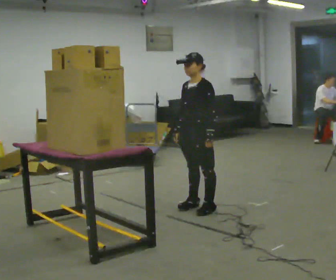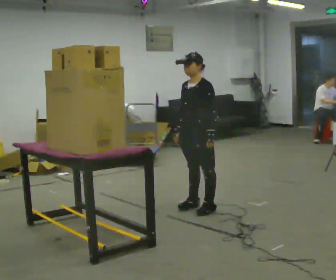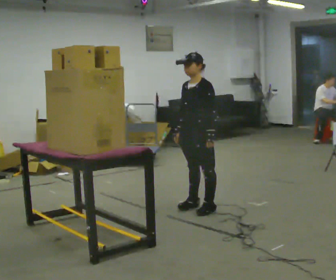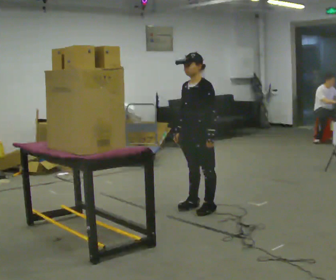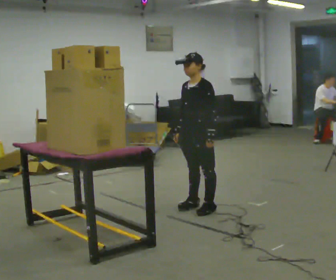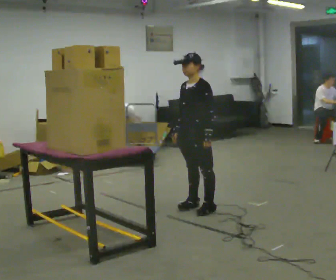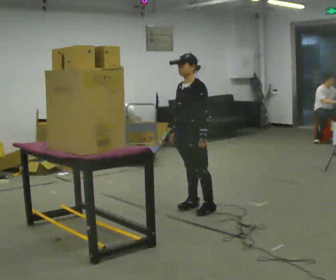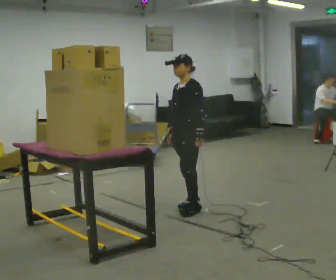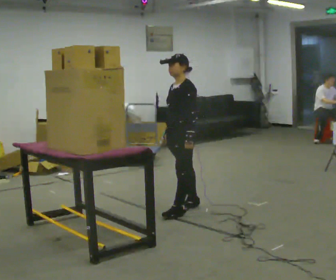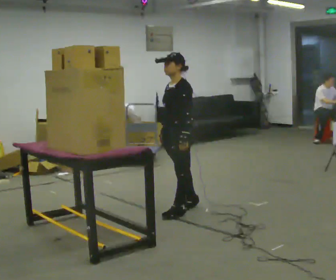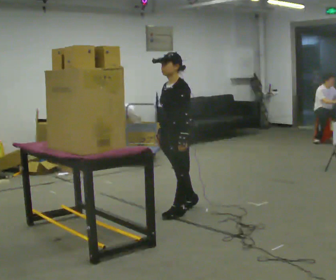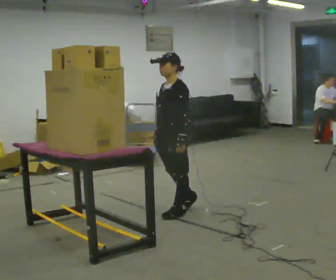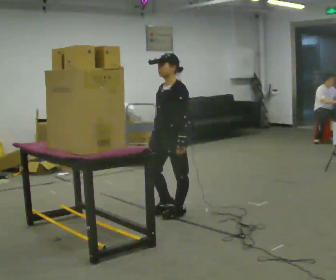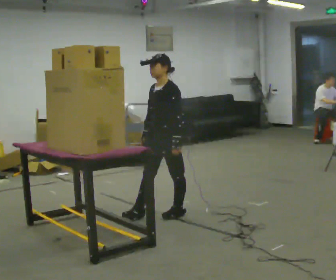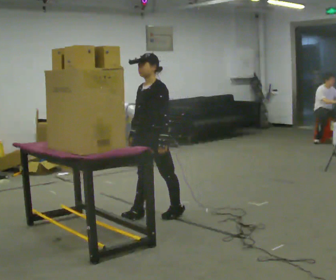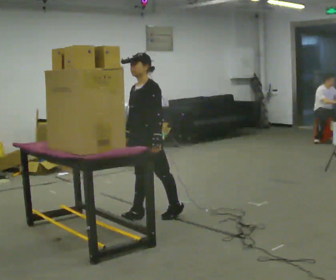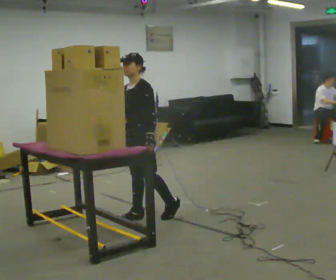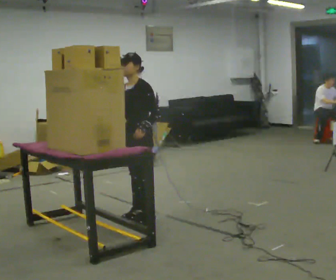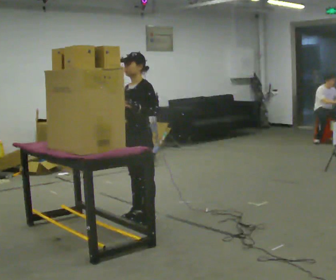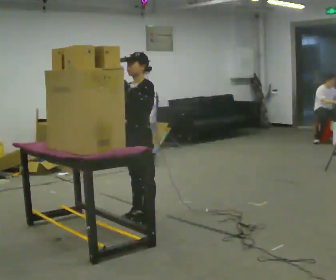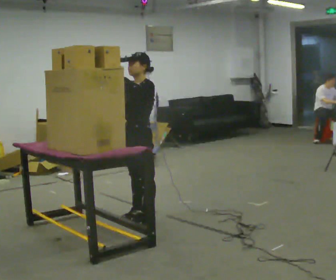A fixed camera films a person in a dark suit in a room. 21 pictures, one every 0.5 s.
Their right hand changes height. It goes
upward.
Their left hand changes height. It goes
upward.
0.0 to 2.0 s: The person keeps their place and pose.
2.0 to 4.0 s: The person moves a little, or ends about where they began.
4.0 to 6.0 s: In the picture they go toward the camera, about 0.25 m, which for them is forward and to their left.
6.0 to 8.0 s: In the picture they go to the left, about 0.25 m in 1 step, which for them is forward and to their right.
8.0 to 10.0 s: In the picture their left hand goes upward.
The film runs forward here.
